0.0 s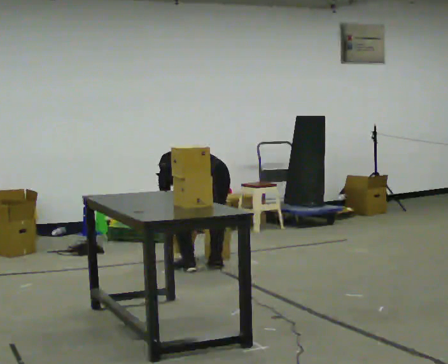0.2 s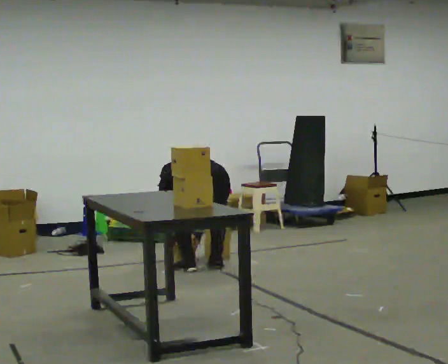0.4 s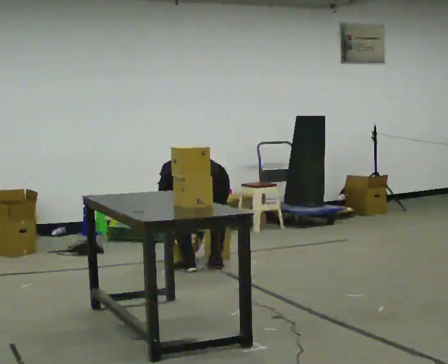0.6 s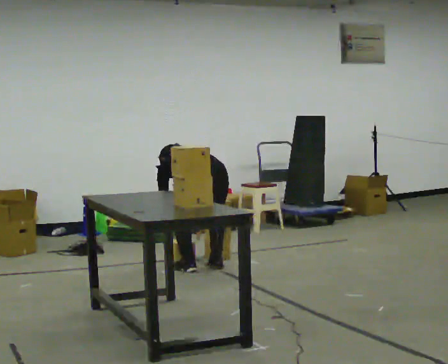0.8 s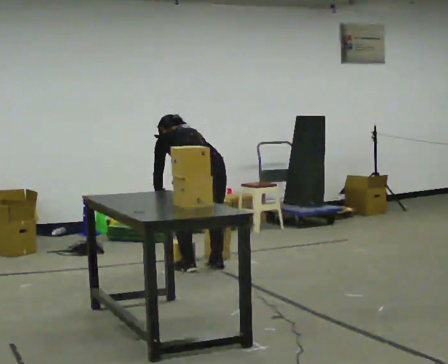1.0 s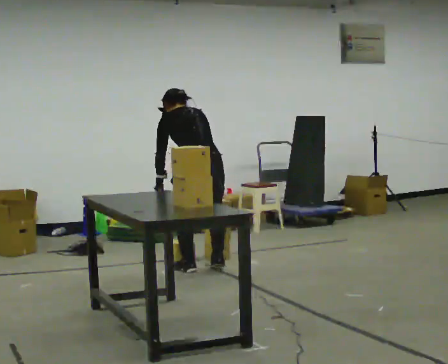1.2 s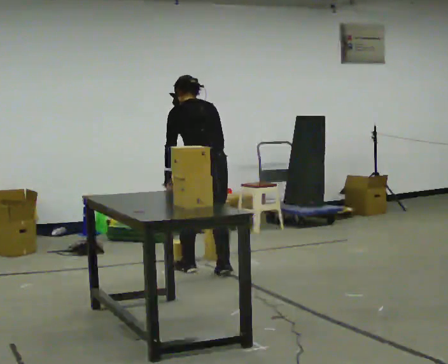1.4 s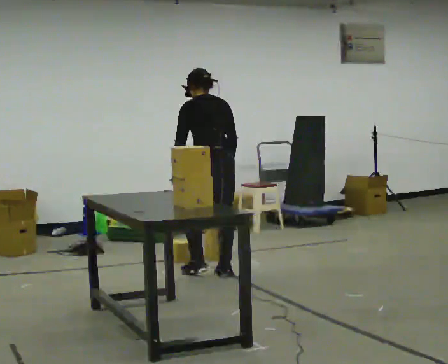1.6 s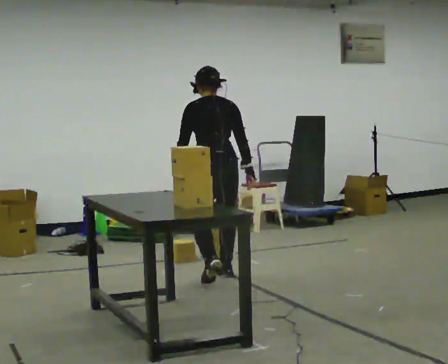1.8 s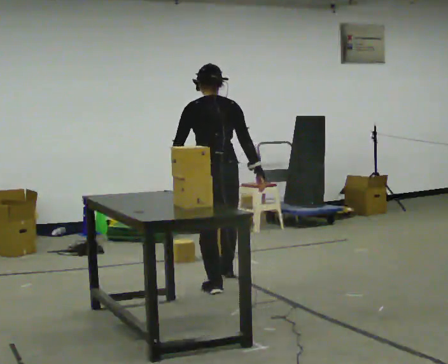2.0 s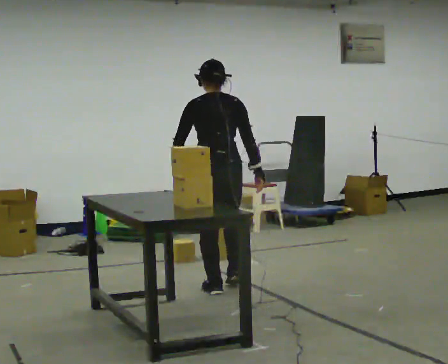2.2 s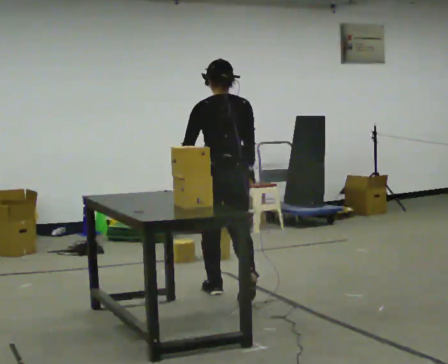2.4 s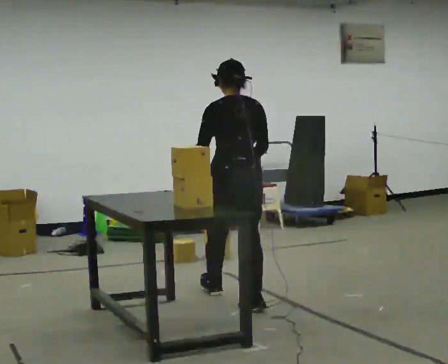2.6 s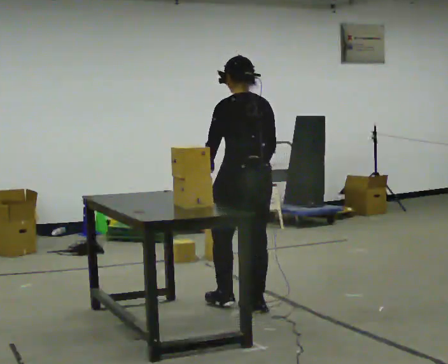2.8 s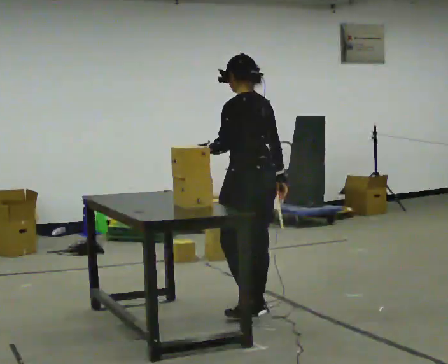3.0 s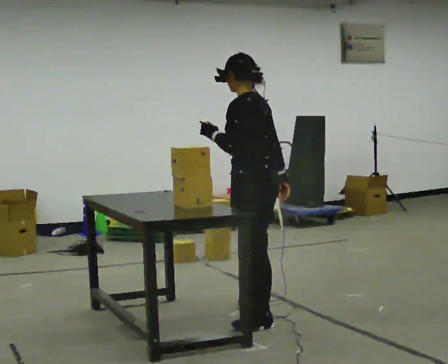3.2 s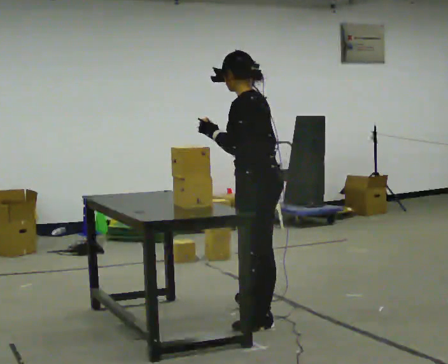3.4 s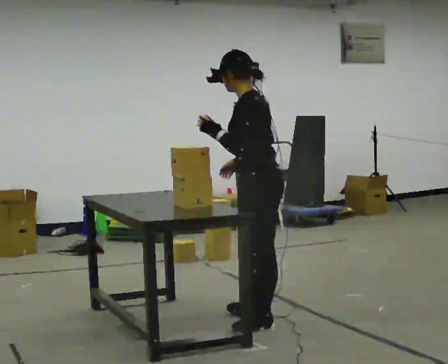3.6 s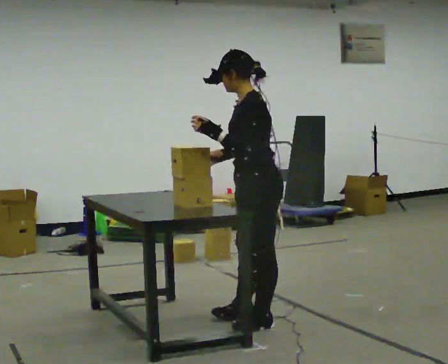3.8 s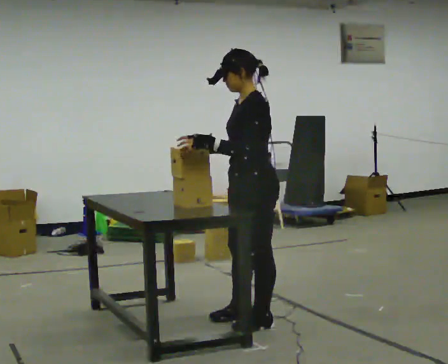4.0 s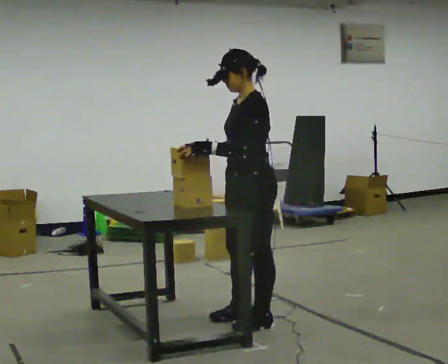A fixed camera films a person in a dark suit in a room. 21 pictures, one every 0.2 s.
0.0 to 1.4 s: The shoulders move upward. The upper body tips toward the camera, its near side rolling downward, as they lean back or straighten. In the picture their left hand goes upward.
1.4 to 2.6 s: In the picture they go toward the camera, about 1 m in 2 steps, which for them is backward.
2.6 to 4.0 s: The part of the body nearest the lens slides to the right as the person turns to their left by about 75 degrees. In the picture they go toward the camera, about 0.5 m in 1 step.
The film runs backward here.
